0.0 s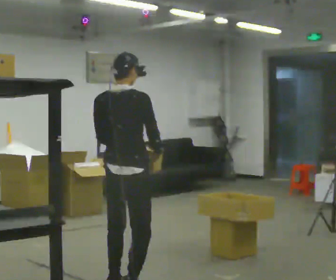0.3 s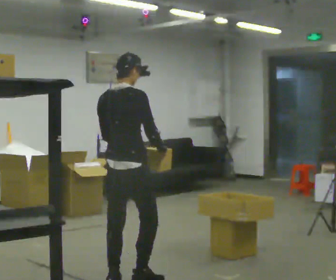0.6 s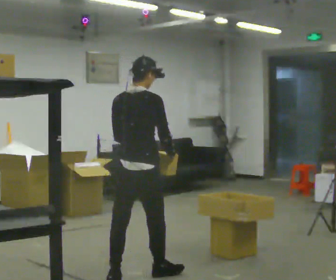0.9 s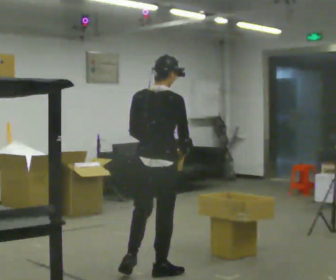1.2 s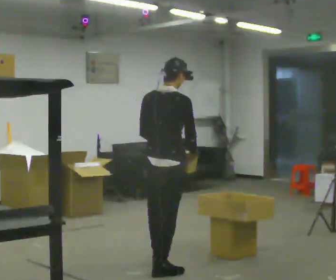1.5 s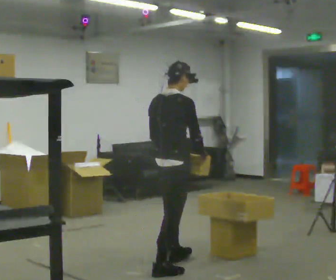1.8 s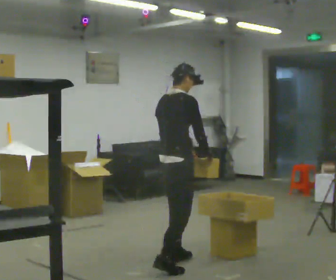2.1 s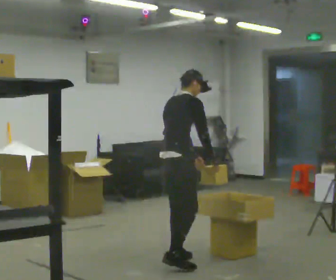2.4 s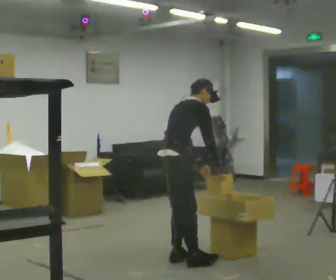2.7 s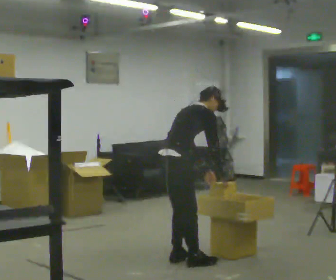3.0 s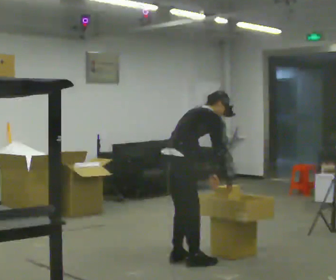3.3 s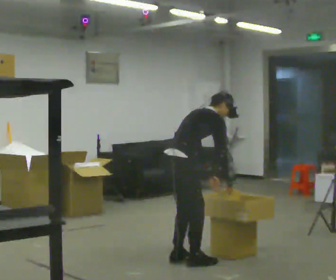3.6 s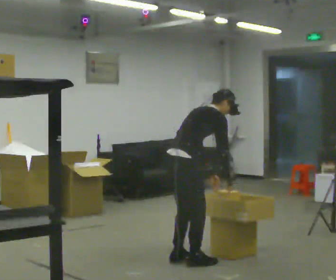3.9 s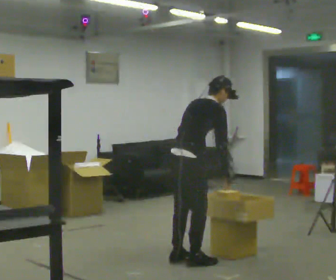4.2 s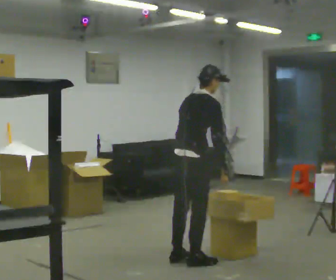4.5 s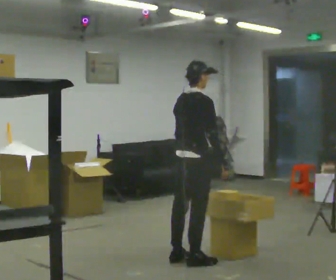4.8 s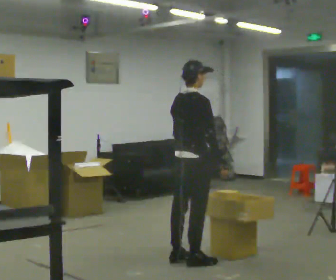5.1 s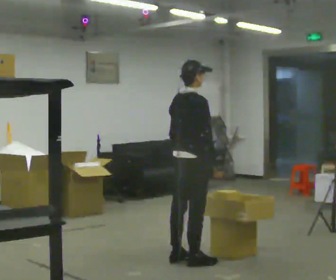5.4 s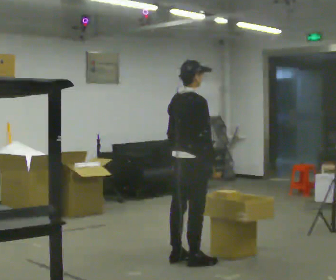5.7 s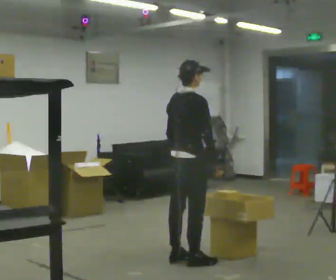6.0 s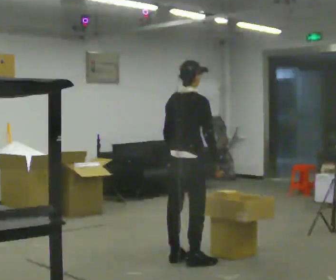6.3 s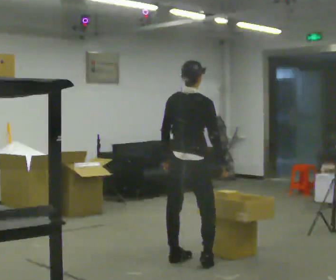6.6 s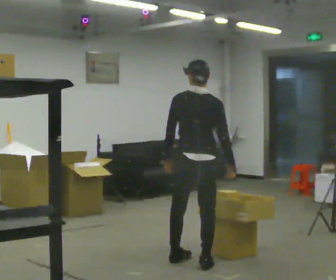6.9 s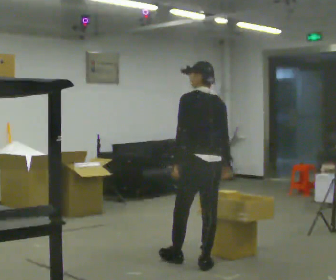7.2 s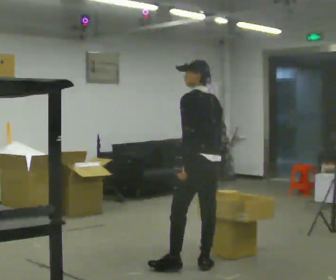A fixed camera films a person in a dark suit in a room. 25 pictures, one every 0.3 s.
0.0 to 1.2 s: In the picture they go away from the camera and to the right, about 0.5 m in 1 step, which for them is forward.
1.2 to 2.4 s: Seen from above the body turns clockwise, about 30 degrees: to their right, with its near side sliding to the left. In the picture they go away from the camera, about 0.5 m in 2 steps, which for them is forward and to their left. The upper body tips away from the camera, its near side rolling upward, as they bend forward.
2.4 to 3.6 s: In the picture the upper body tilts clockwise, shoulders to the right, as they bend forward.
3.6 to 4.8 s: The upper body goes upward. In the picture the upper body tilts counterclockwise, shoulders to the left, as they lean back or straighten.
4.8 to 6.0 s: The person moves a little, or ends about where they began.
6.0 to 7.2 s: The person turns about 90 degrees to their left, counterclockwise seen from above, so the part of the body nearest the lens slides to the right. In the picture they go toward the camera and to the right, about 0.25 m in 1 step.
The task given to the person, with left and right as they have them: Take an object from the lowest shelf, carry it across the room, and place it on the highest shelf you can comfortably reach. Keep going until the operator says stop; one object at a time, and do not rush between trips.
The film runs forward here.
